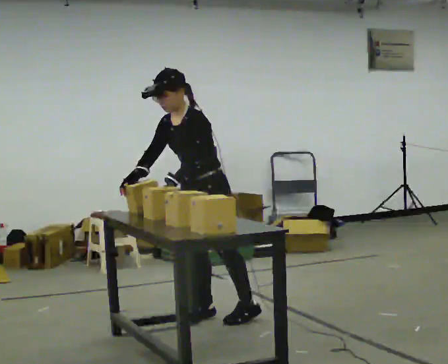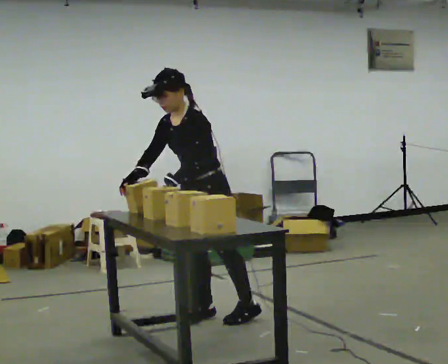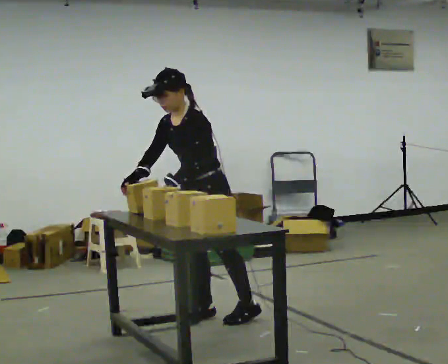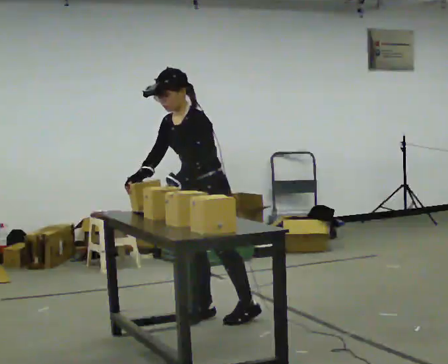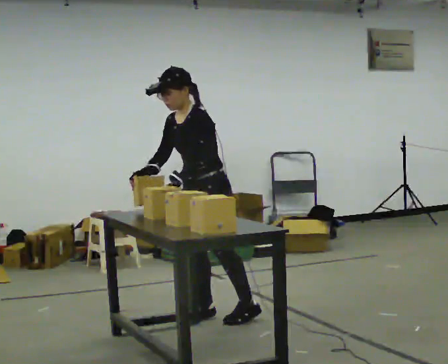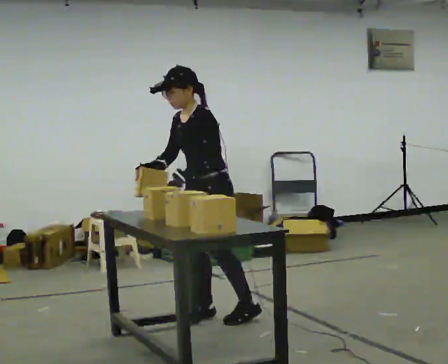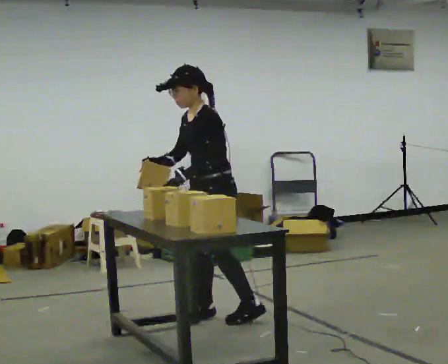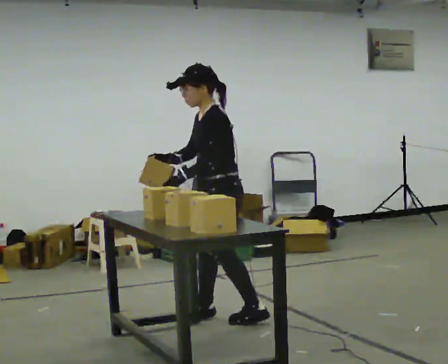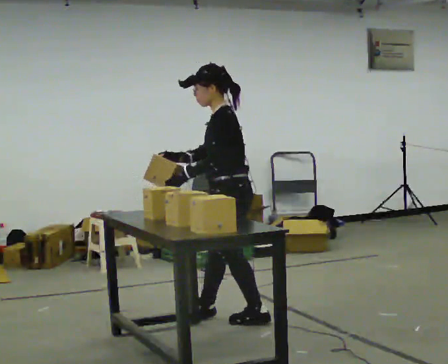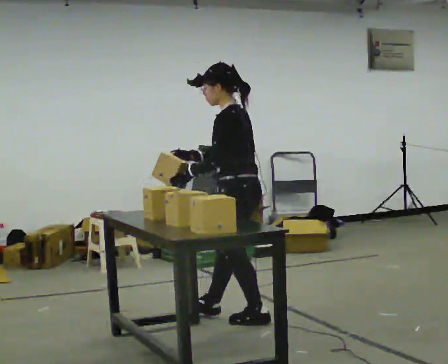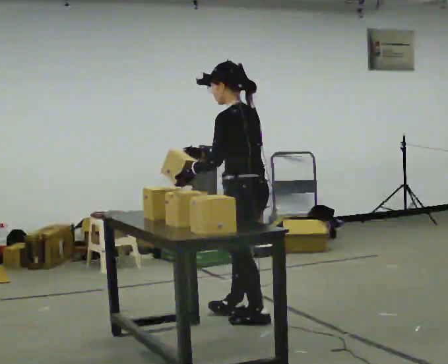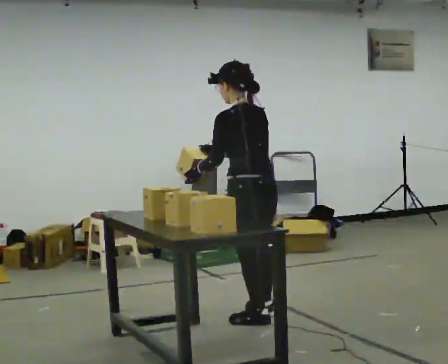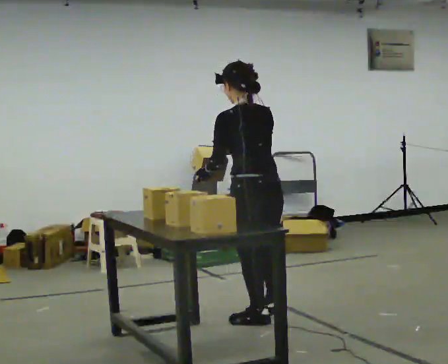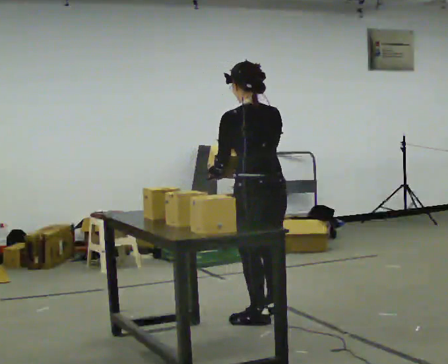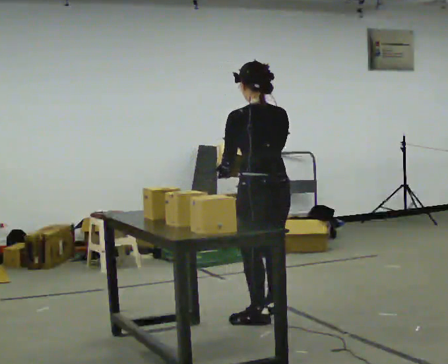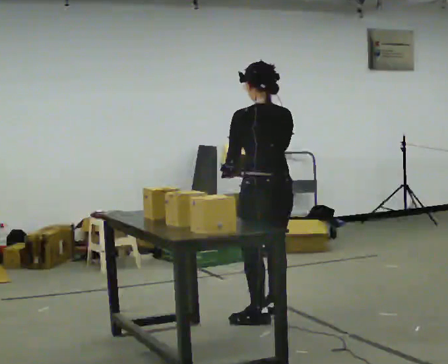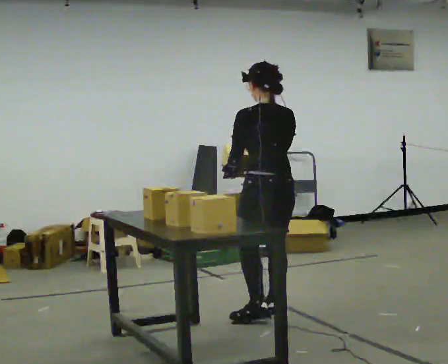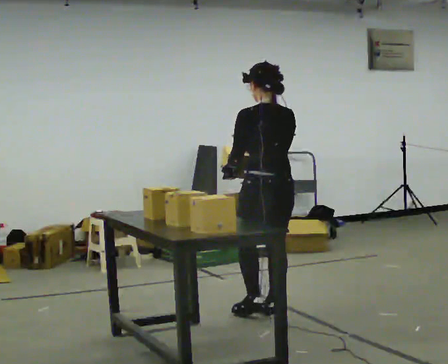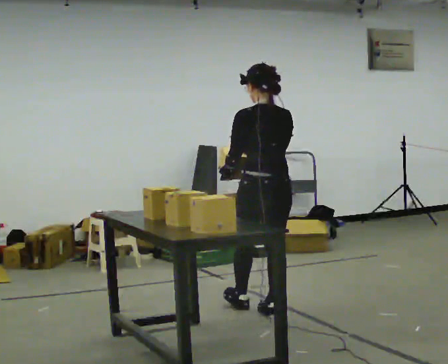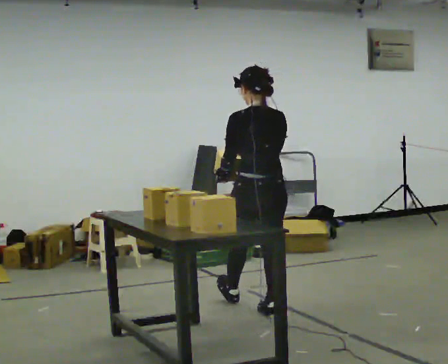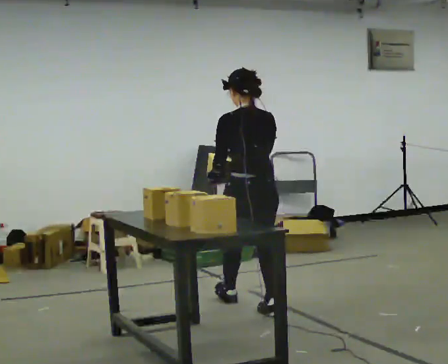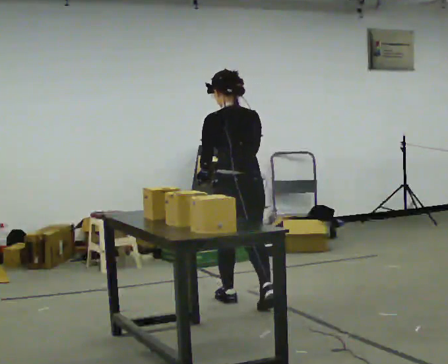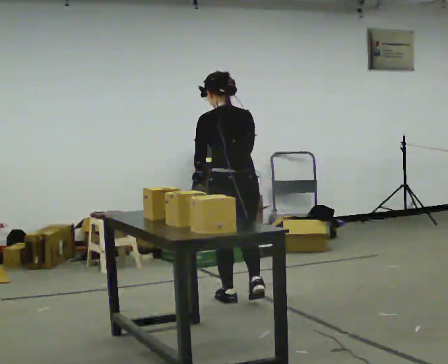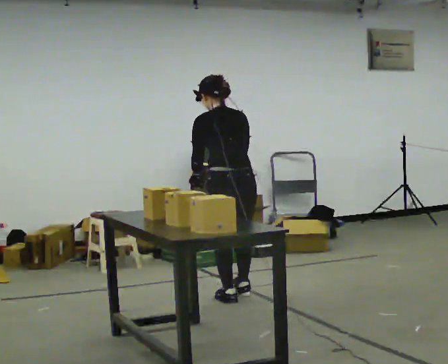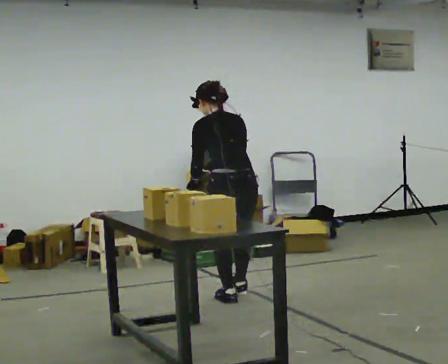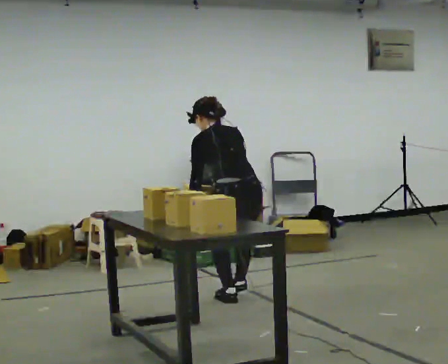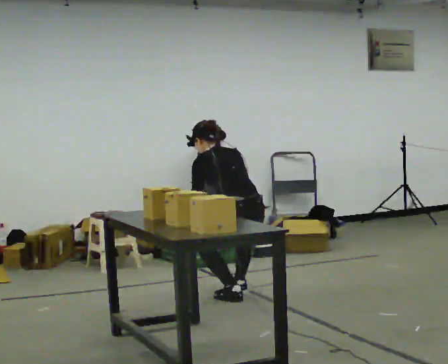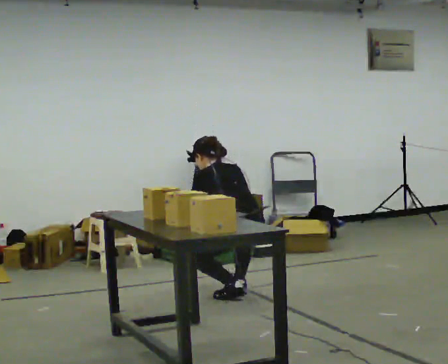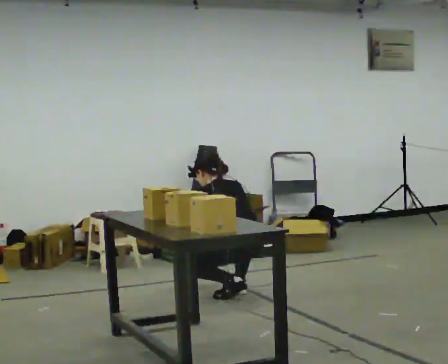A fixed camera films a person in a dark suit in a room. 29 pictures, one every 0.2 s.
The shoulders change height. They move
downward.
The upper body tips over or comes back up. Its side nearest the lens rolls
upward.
0.0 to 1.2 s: The person moves a little, or ends about where they began.
1.2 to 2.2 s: Seen from above the body turns clockwise, about 75 degrees: to their right, with its near side sliding to the left. In the picture they go to the right, about 0.25 m.
2.2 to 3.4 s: In the picture they go away from the camera, about 0.25 m in 1 step, which for them is to their right.
3.4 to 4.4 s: In the picture they go away from the camera and to the left, about 0.5 m in 1 step, which for them is forward.
4.4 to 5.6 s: In the picture they go away from the camera, about 0.25 m in 1 step, which for them is forward. The upper body goes downward. In the picture the upper body tilts counterclockwise, shoulders to the left, as they bend forward. In the picture their right hand goes downward.
The film runs forward here.
